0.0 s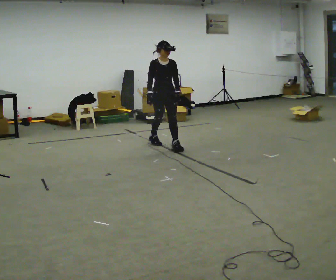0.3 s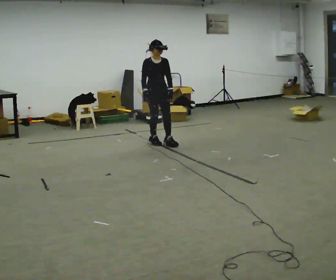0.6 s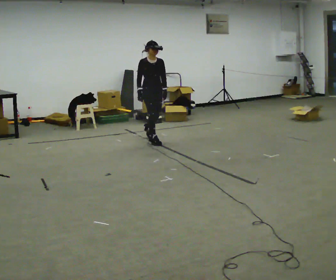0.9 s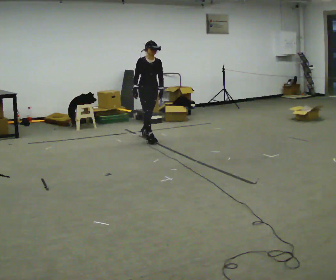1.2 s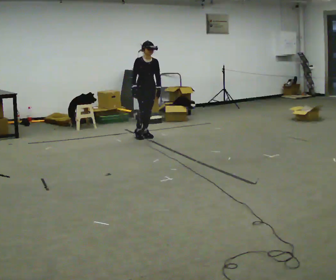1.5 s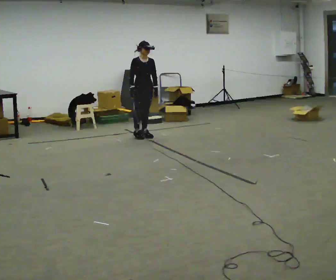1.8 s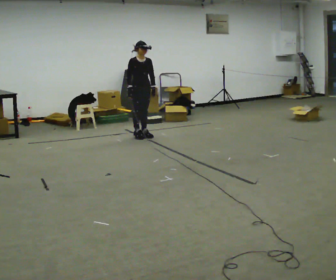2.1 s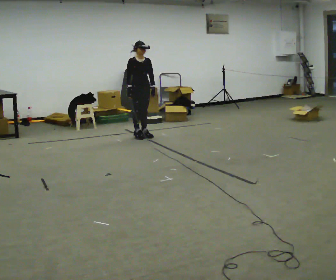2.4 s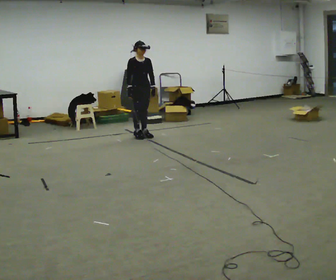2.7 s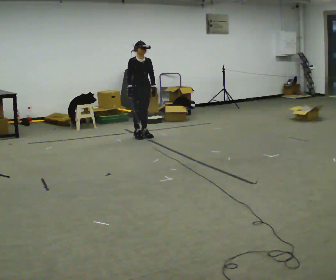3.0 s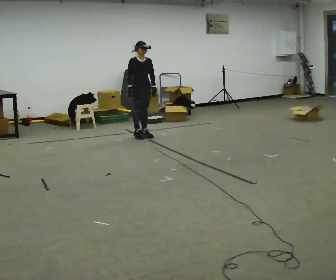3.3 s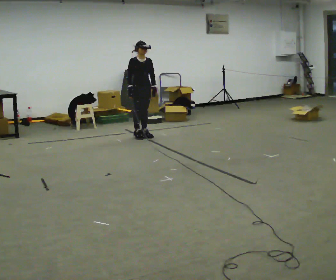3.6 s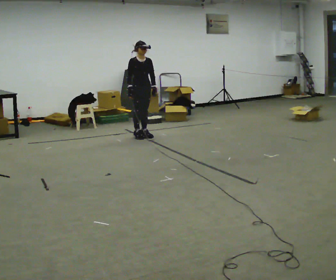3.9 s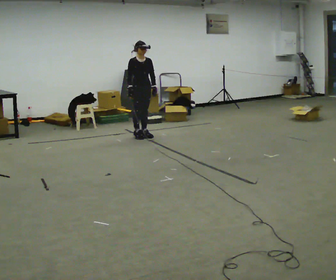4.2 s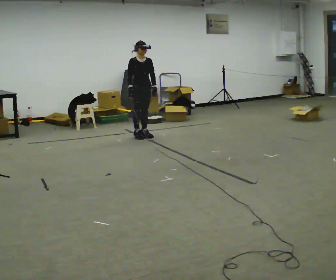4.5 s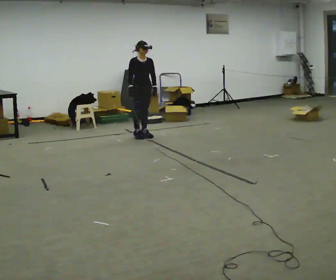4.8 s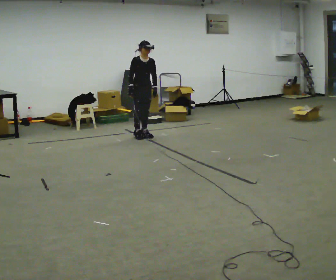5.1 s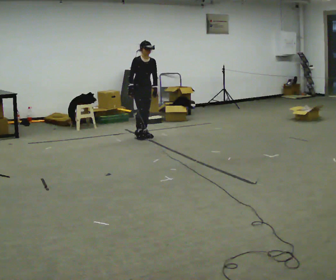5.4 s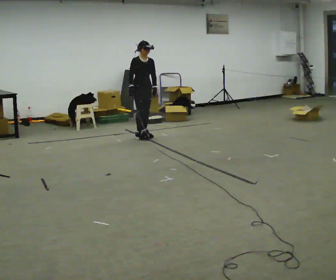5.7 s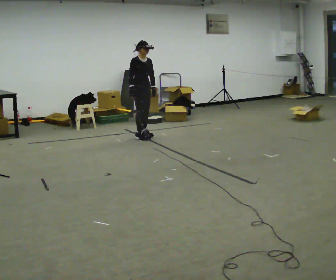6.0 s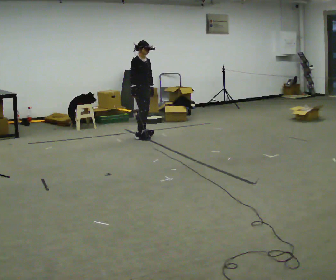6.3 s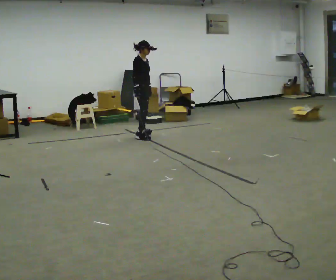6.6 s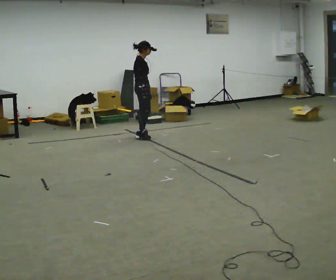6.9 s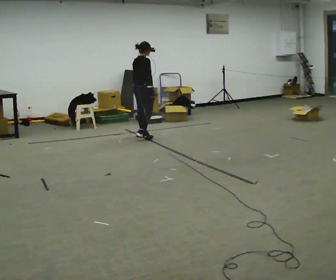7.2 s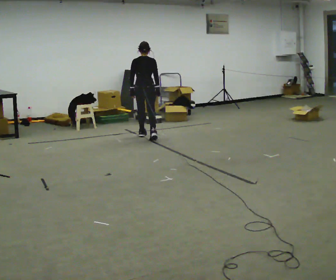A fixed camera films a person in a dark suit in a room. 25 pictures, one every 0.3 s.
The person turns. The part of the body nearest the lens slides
to the right.
The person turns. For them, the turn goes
to their left.
0.0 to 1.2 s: In the picture they go away from the camera and to the left, about 0.75 m in 2 steps, which for them is backward.
1.2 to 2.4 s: The person moves a little, or ends about where they began.
2.4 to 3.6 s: The person keeps their place and pose.
3.6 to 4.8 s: The person moves a little, or ends about where they began.
4.8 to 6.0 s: Seen from above the body turns counterclockwise, about 30 degrees: to their left, with its near side sliding to the right.
6.0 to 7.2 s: The person turns about 105 degrees to their left, counterclockwise seen from above, so the part of the body nearest the lens slides to the right. In the picture their right hand goes to the right.
The film runs backward here.
